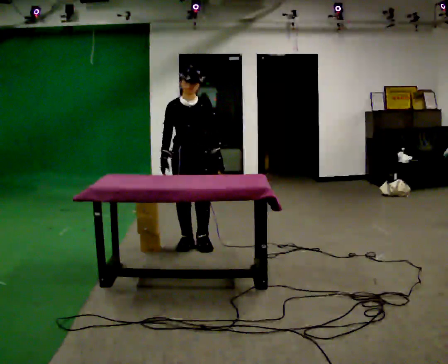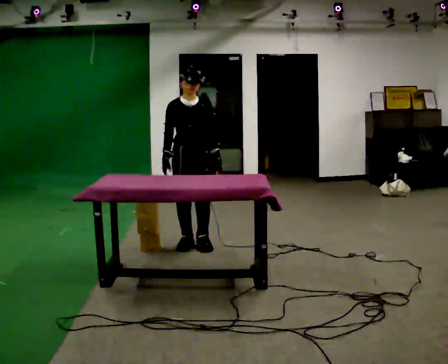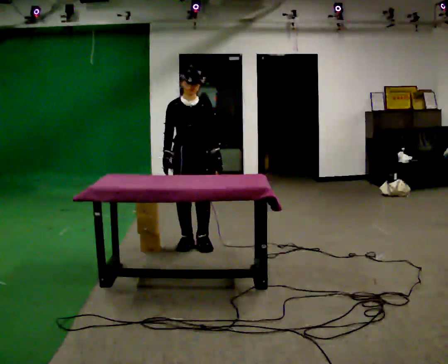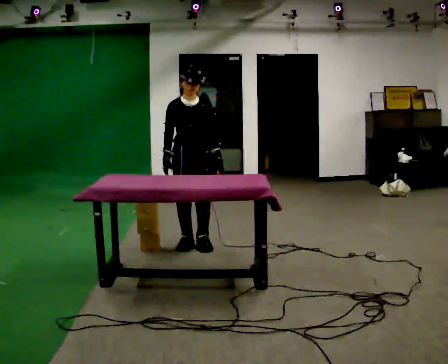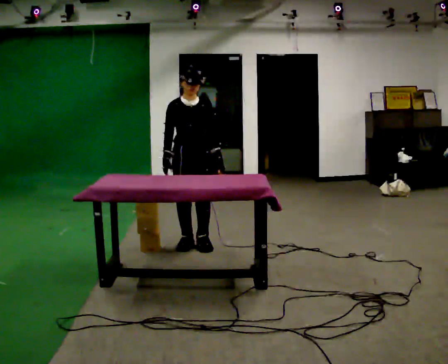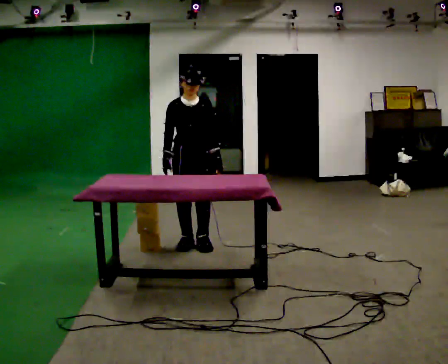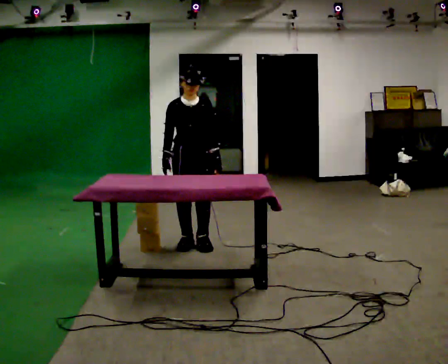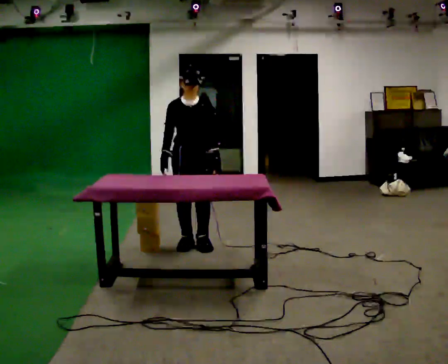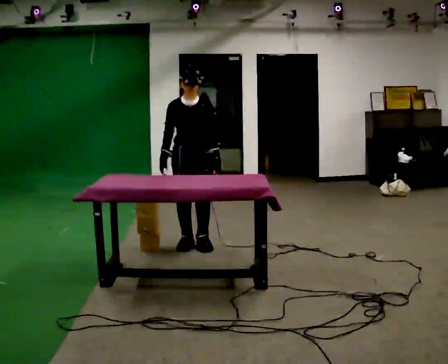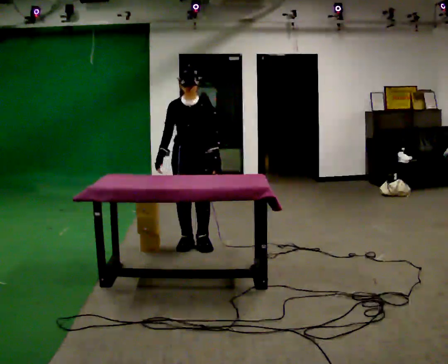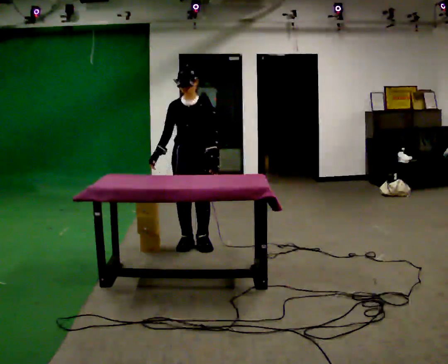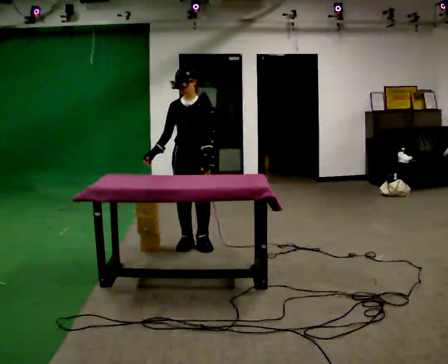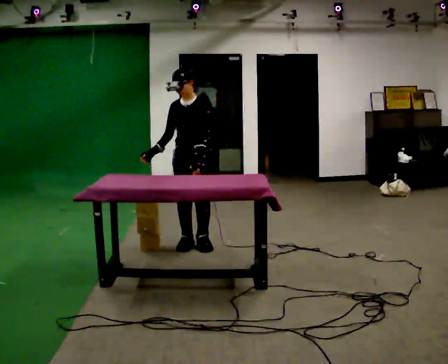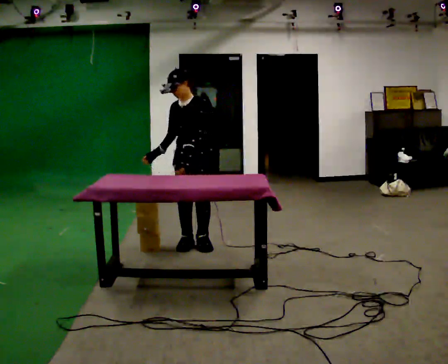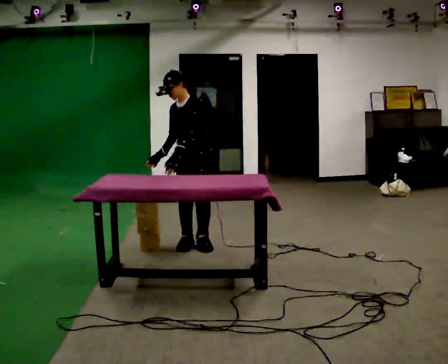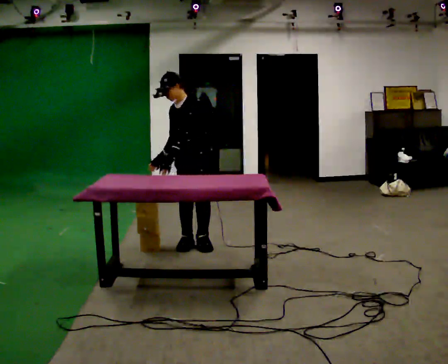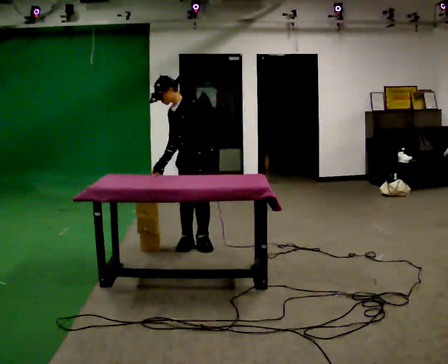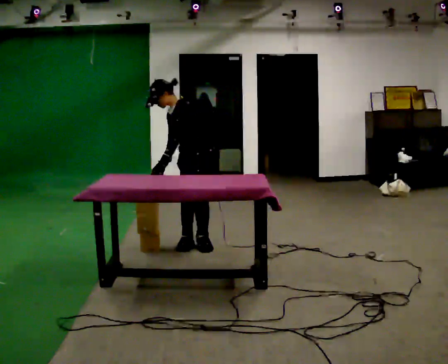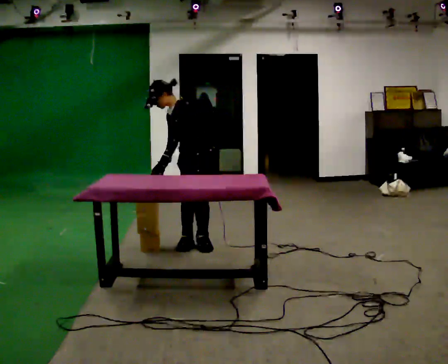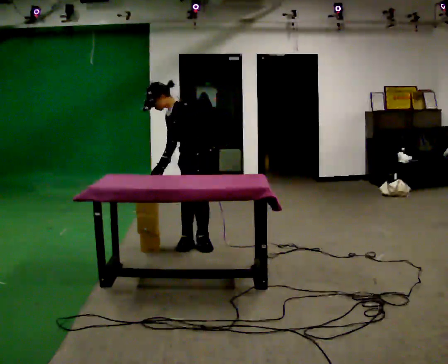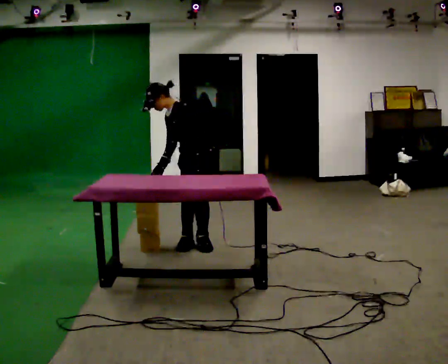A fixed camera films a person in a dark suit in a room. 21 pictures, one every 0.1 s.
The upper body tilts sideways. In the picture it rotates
counterclockwise.
0.0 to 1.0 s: The person moves a little, or ends about where they began.
1.0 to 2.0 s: Seen from above the body turns clockwise, about 45 degrees: to their right, with its near side sliding to the left. In the picture the upper body tilts counterclockwise, shoulders to the left, as they bend forward. In the picture their left hand goes to the left.
The film runs forward here.
